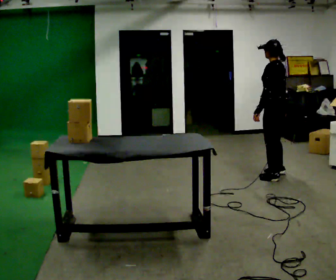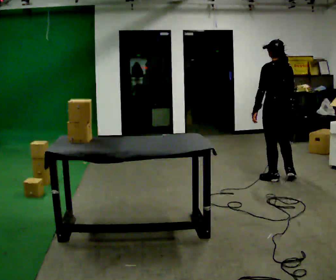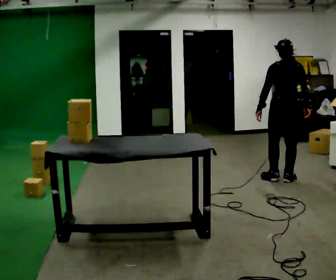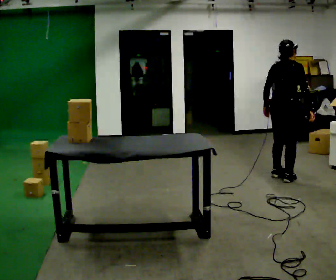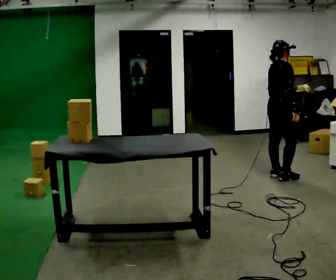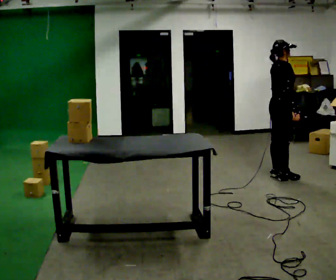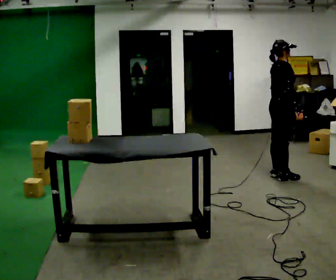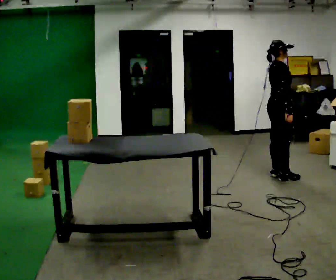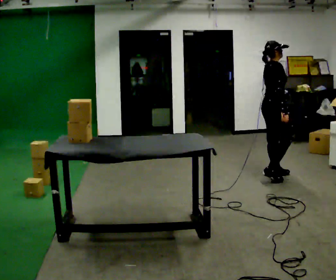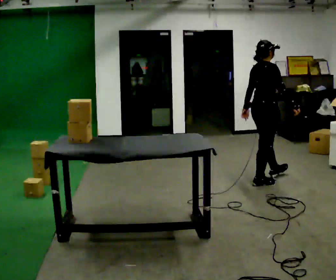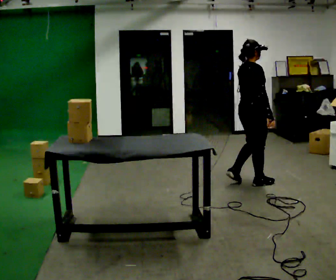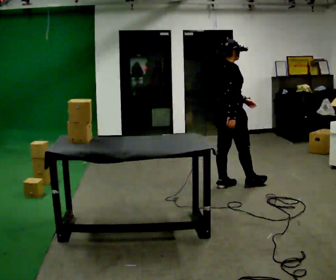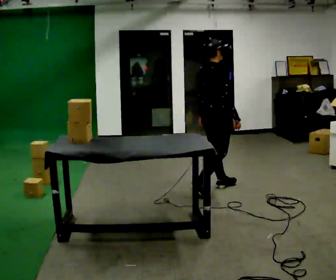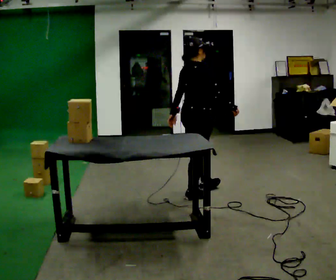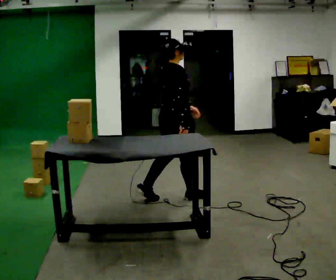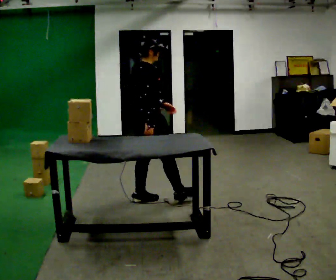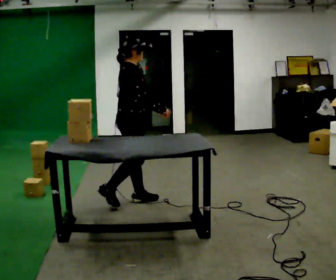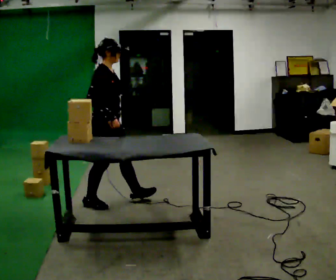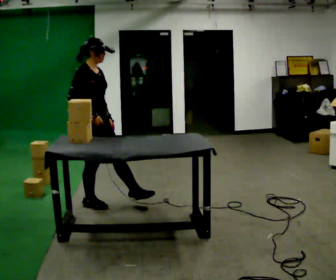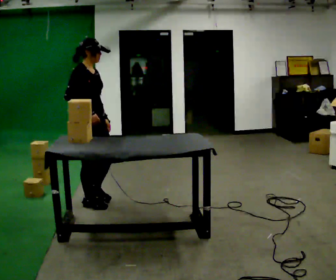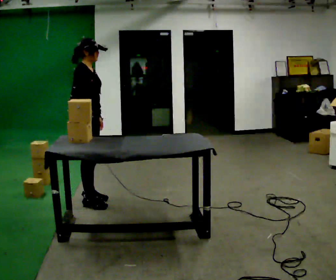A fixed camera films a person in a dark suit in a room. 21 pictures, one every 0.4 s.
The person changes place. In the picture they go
to the left.
0.0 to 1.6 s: The part of the body nearest the lens slides to the left as the person turns to their right by about 135 degrees.
1.6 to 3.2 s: The person moves a little, or ends about where they began.
3.2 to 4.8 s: In the picture they go to the left and toward the camera, about 1 m in 2 steps, which for them is backward.
4.8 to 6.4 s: In the picture they go to the left and toward the camera, about 1 m in 2 steps, which for them is backward.
6.4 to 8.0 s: In the picture they go to the left, about 0.5 m in 1 step, which for them is backward and to their right.
The film runs backward here.
